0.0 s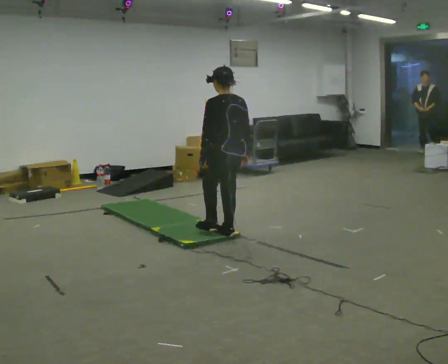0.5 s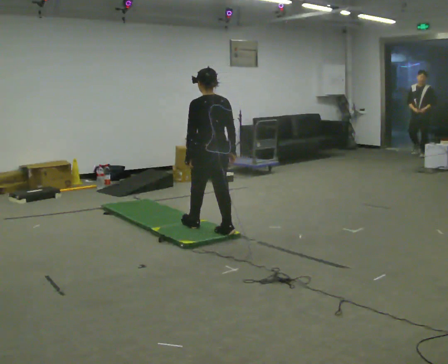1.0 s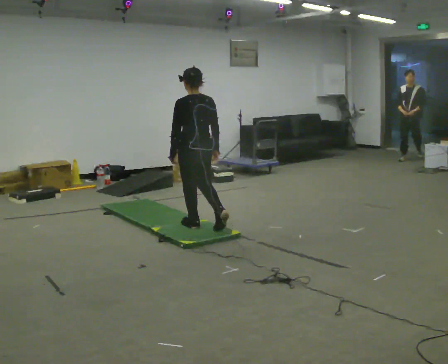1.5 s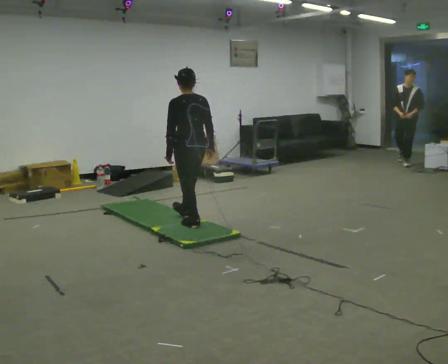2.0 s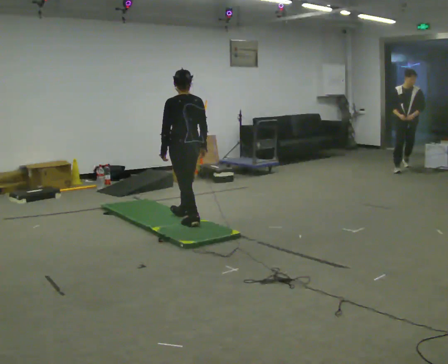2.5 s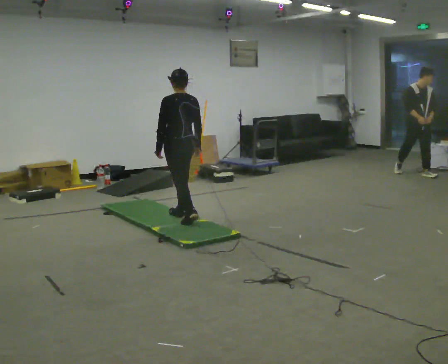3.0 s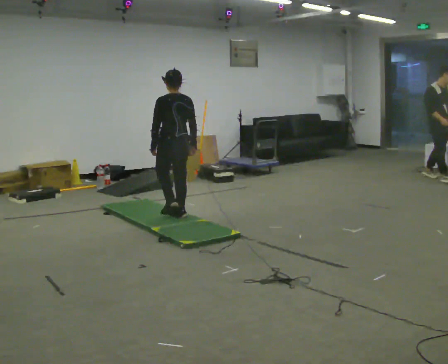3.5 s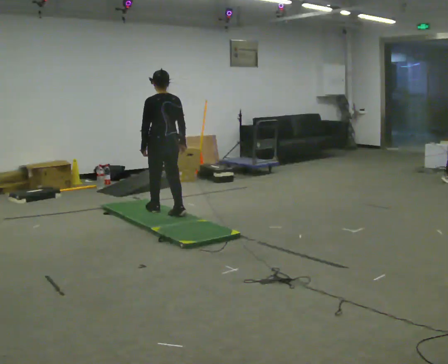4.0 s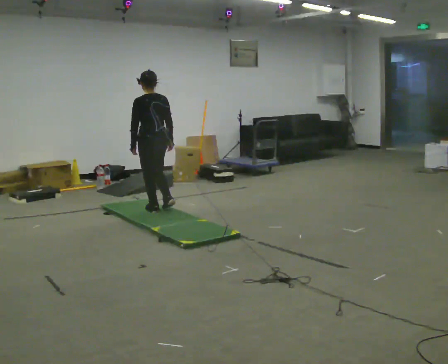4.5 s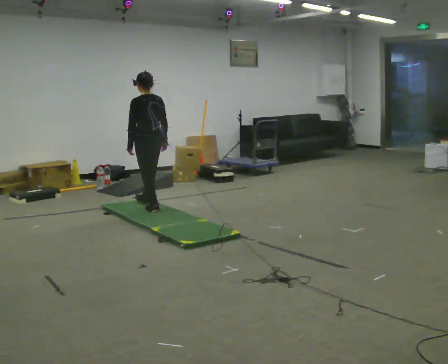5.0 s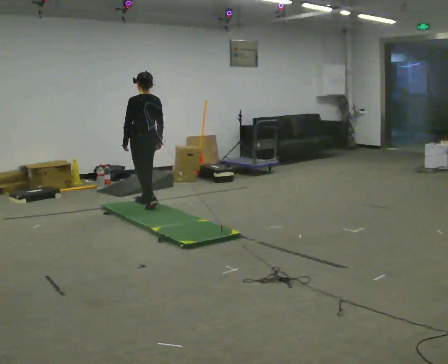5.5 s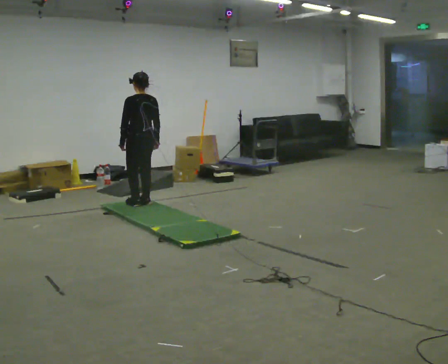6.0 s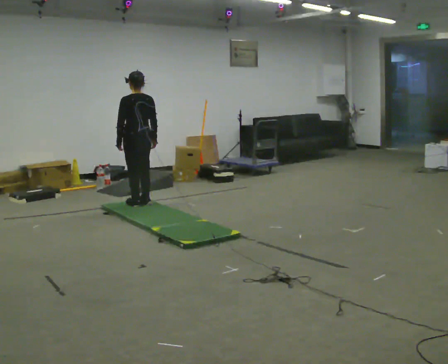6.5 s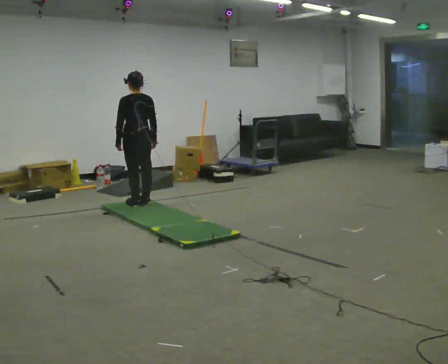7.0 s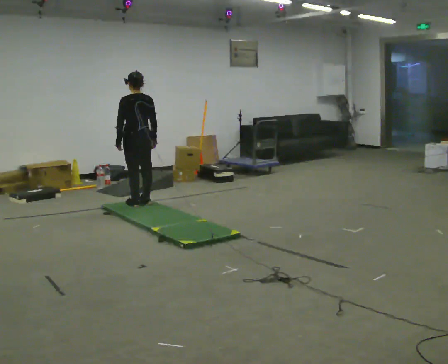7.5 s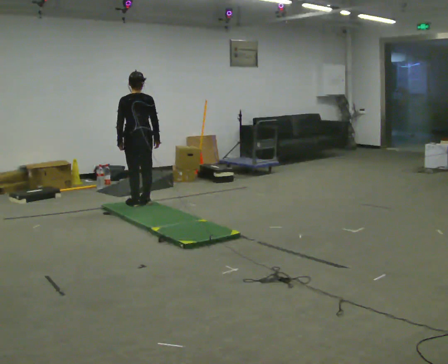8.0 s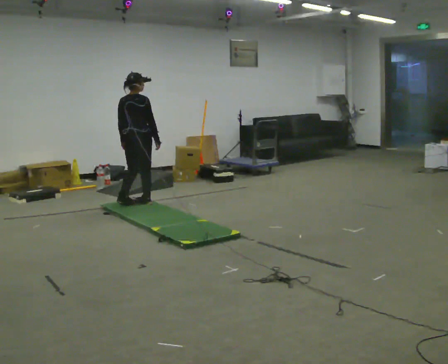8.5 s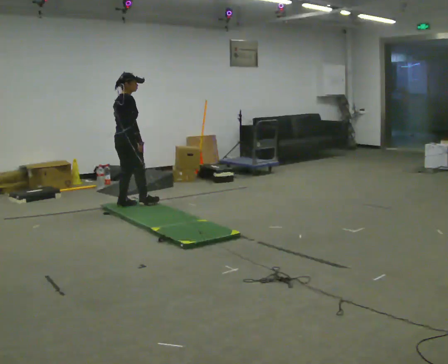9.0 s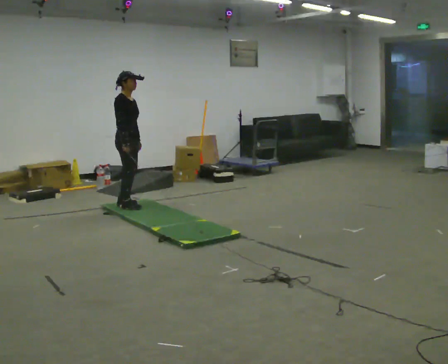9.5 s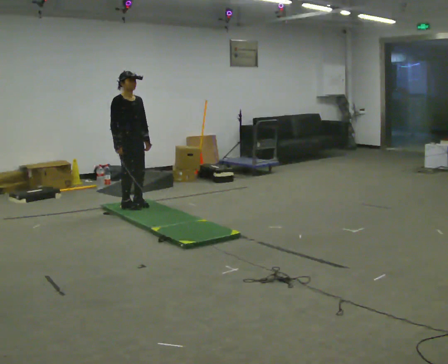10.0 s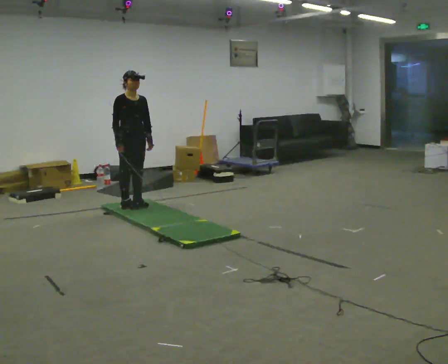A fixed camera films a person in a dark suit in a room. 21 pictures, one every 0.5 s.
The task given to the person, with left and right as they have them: Walk across the soft uneven mat at a comfortable speed; continue walking normally after you leave it.
0.0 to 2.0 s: In the picture they go away from the camera and to the left, about 0.5 m in 2 steps, which for them is forward.
2.0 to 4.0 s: In the picture they go away from the camera and to the left, about 0.5 m in 1 step, which for them is forward.
4.0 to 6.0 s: In the picture they go away from the camera, about 0.25 m in 2 steps, which for them is forward.
6.0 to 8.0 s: Seen from above the body turns clockwise, about 45 degrees: to their right, with its near side sliding to the left.
8.0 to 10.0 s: The person turns about 120 degrees to their right, clockwise seen from above, so the part of the body nearest the lens slides to the left. In the picture their right hand goes to the left, the arm swinging clockwise.
The film runs forward here.
